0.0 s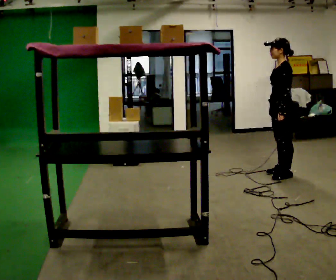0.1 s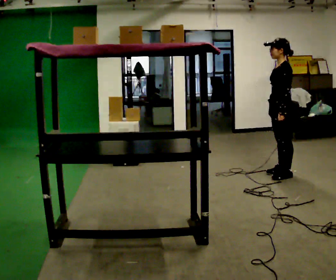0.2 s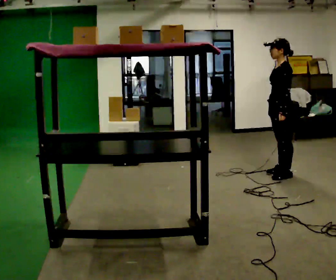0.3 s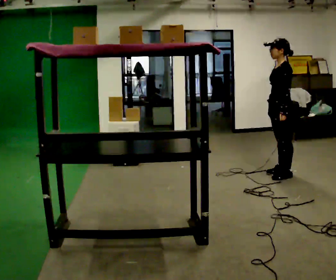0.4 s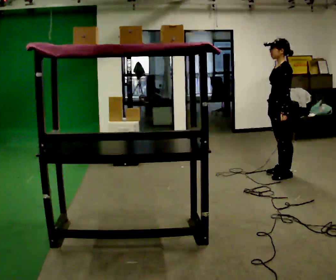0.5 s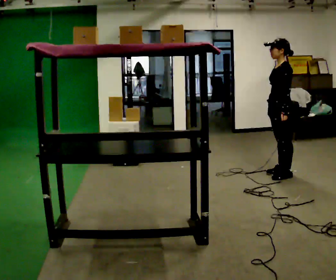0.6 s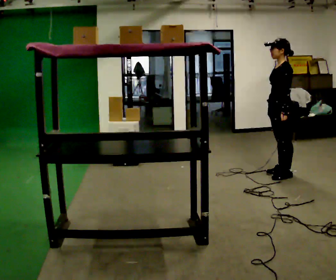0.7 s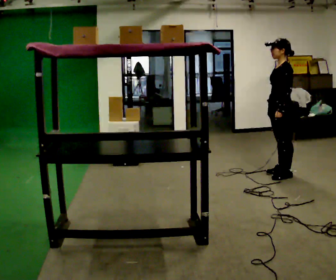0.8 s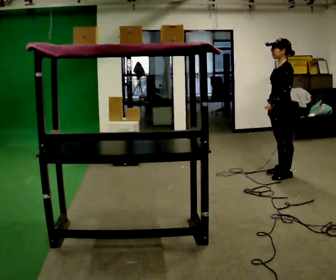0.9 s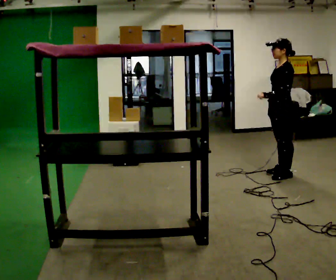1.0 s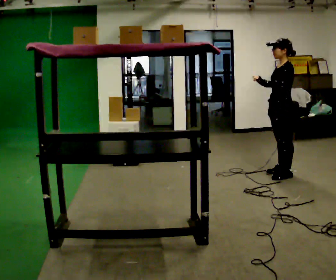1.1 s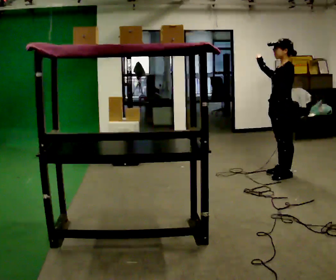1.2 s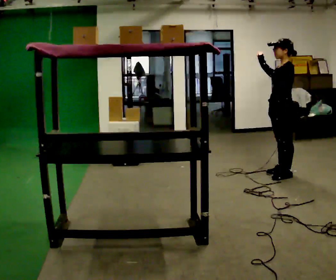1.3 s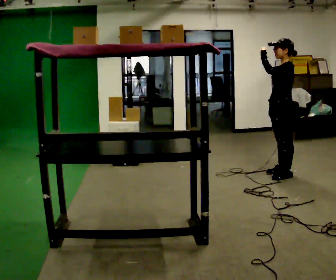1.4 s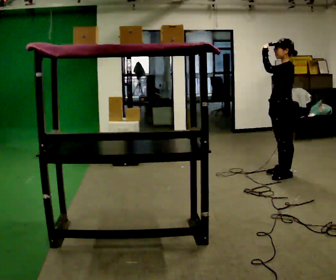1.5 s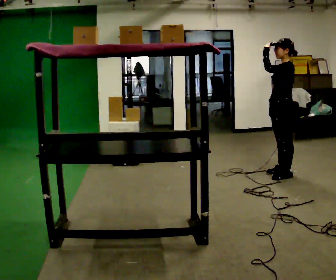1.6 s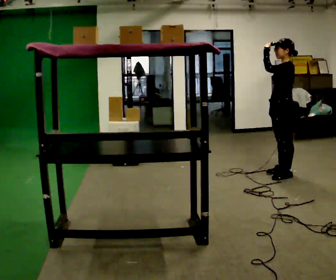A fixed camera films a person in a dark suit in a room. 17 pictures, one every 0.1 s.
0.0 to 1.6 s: In the picture their left hand goes upward.
The film runs forward here.
